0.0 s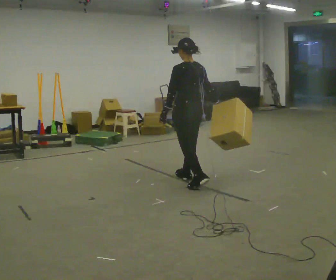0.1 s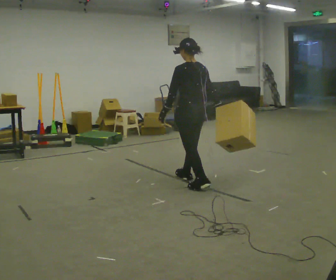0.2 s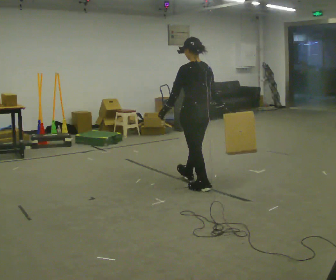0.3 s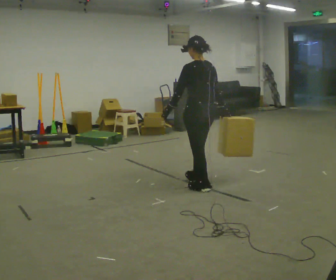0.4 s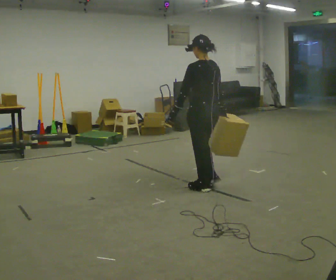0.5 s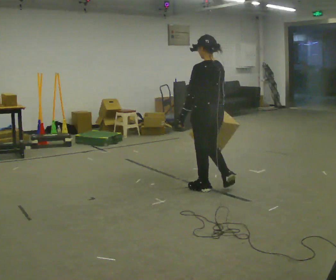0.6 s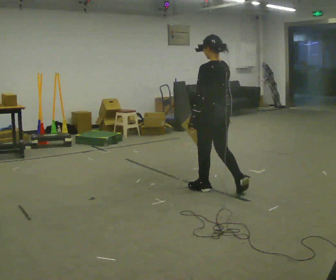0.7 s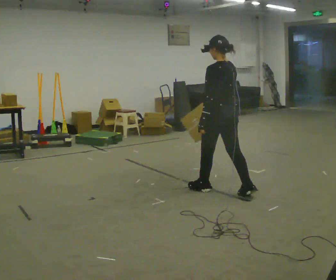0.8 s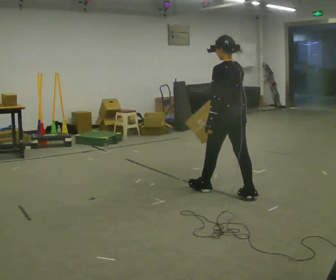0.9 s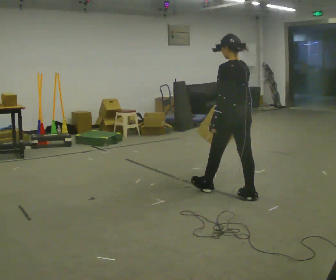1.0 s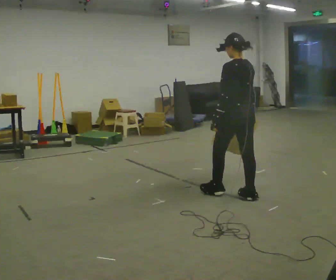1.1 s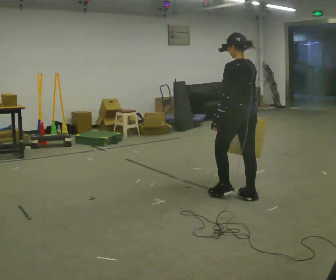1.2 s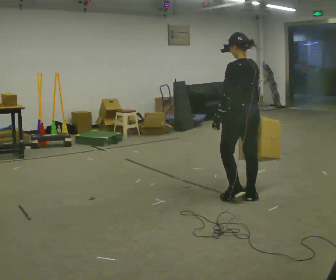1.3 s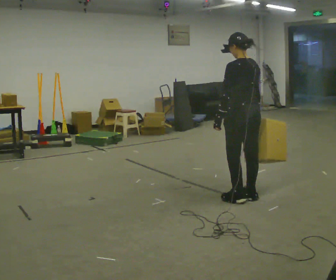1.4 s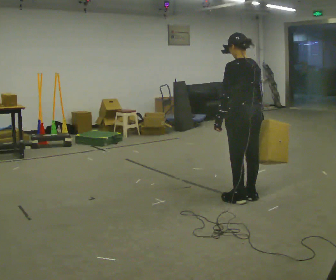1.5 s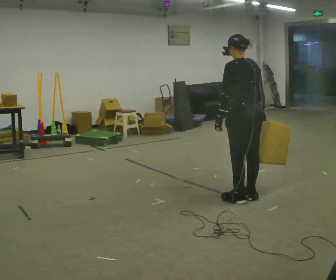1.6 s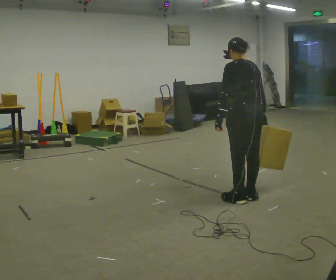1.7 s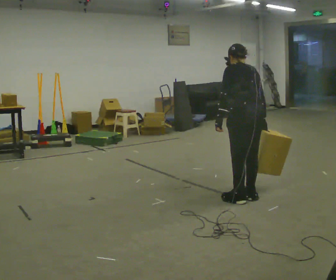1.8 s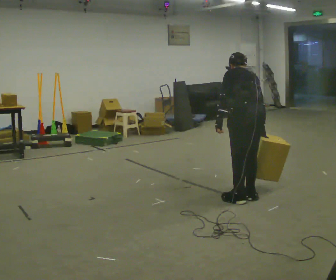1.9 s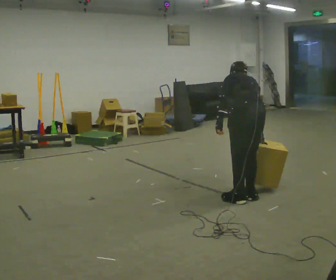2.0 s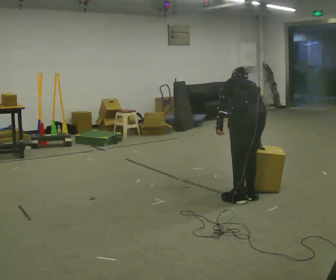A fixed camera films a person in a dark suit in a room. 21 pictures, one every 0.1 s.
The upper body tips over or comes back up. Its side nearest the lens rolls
upward.
0.0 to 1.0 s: In the picture they go to the right and toward the camera, about 0.75 m in 2 steps, which for them is backward.
1.0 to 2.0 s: In the picture they go toward the camera, about 0.25 m, which for them is backward. The upper body goes downward. The upper body tips away from the camera, its near side rolling upward, as they bend forward.
The film runs backward here.
